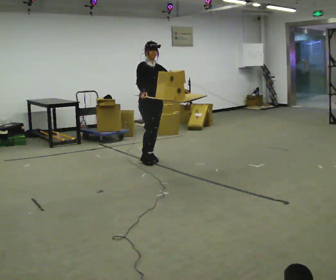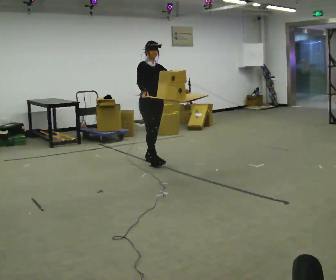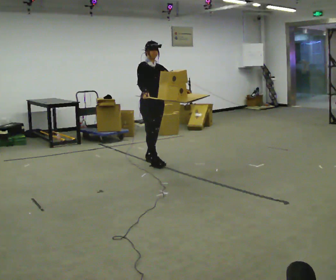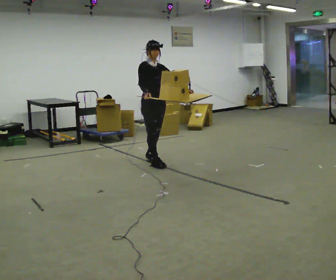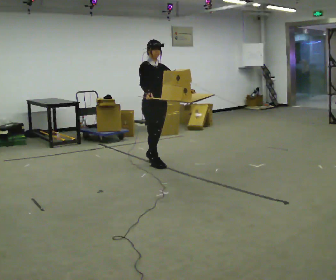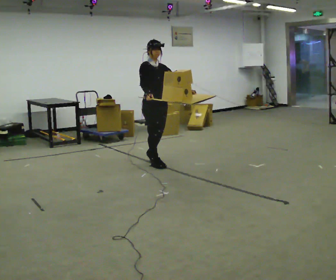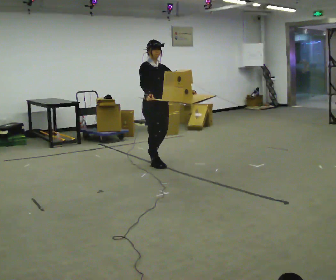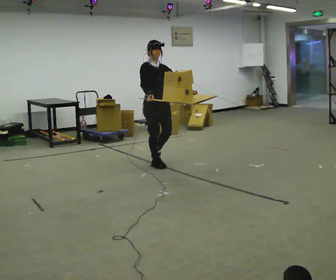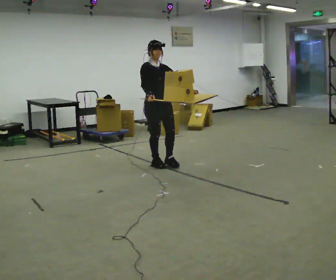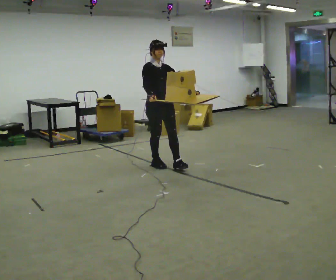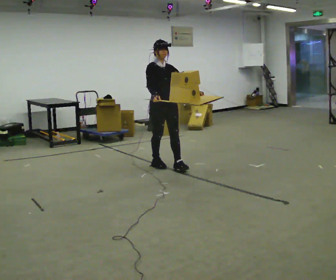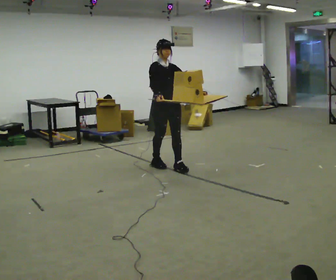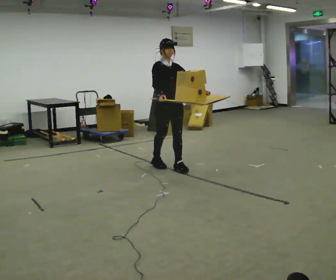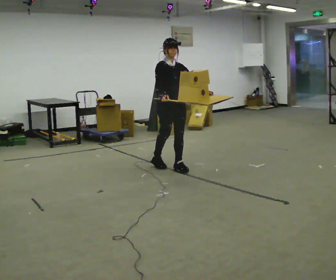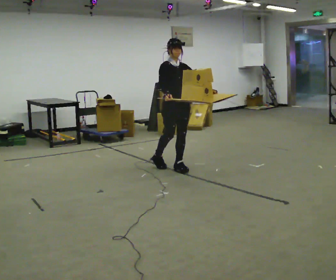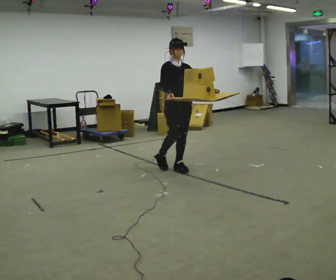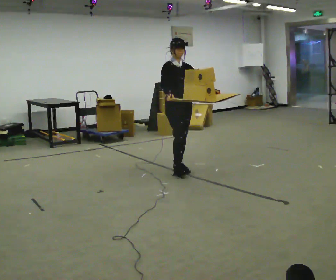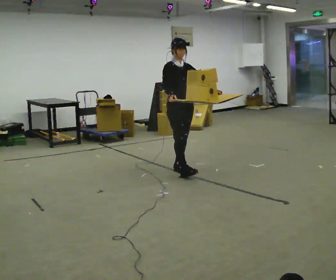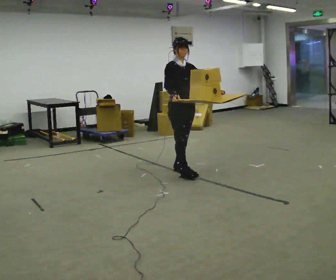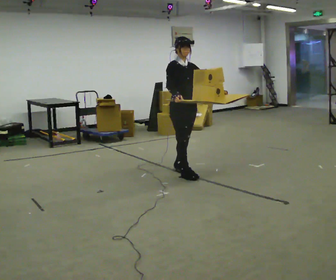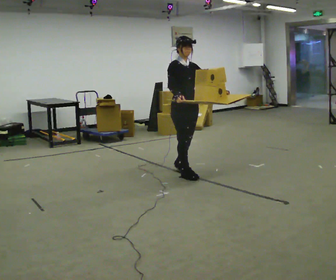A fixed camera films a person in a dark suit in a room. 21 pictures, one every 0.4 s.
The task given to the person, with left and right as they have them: Carry the loaded tray flat and level in both hands, walking back and forth across the room. Try not to let anything slide off.
0.0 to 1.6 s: In the picture they go toward the camera, about 0.25 m in 1 step, which for them is forward.
1.6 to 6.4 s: In the picture they go to the right and toward the camera, about 0.5 m in 1 step, which for them is forward.
6.4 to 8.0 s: In the picture they go toward the camera, about 0.25 m in 1 step, which for them is forward.
The film runs forward here.
